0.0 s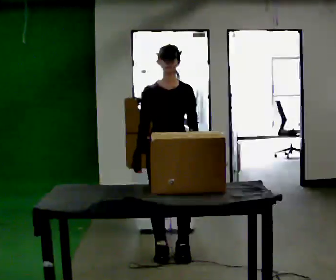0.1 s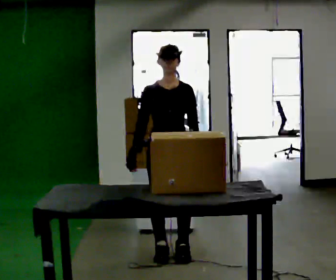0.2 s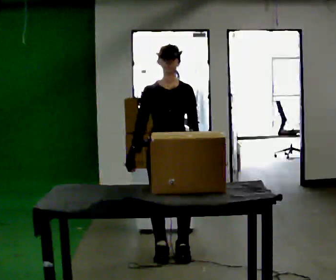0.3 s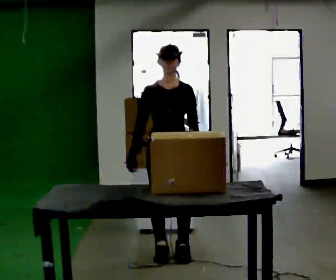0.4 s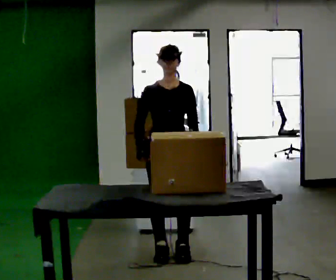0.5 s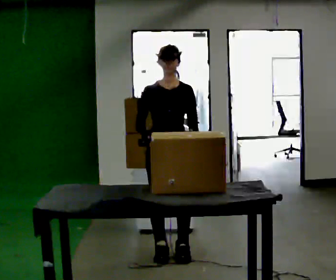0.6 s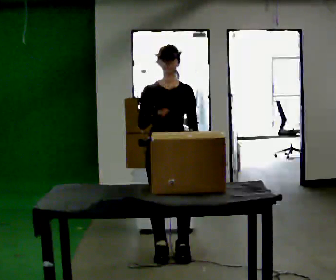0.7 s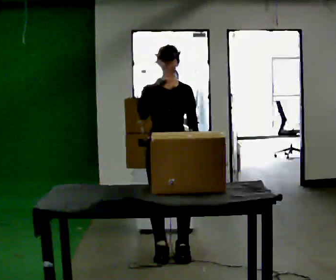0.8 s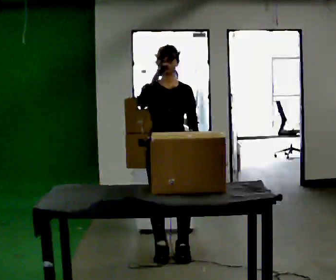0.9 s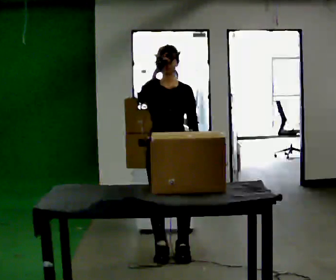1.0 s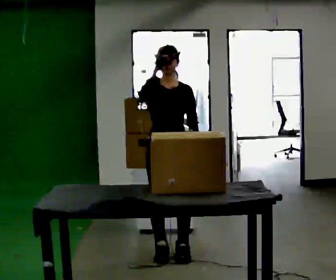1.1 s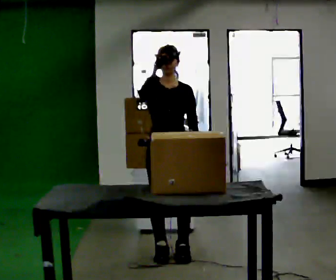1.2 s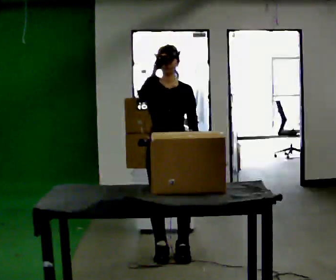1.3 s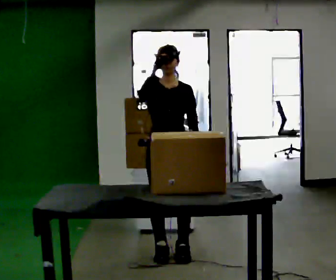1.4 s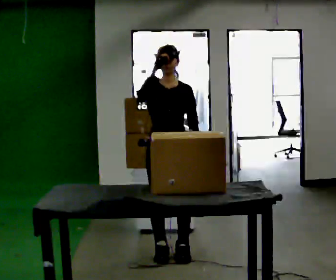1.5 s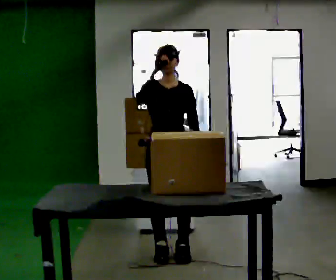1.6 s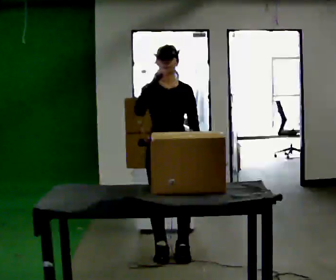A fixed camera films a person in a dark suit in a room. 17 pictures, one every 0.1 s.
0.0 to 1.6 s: In the picture their right hand goes upward.
The film runs backward here.
